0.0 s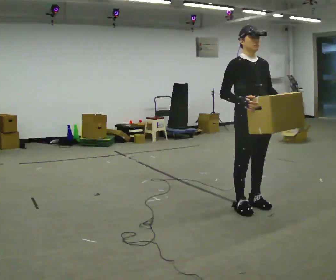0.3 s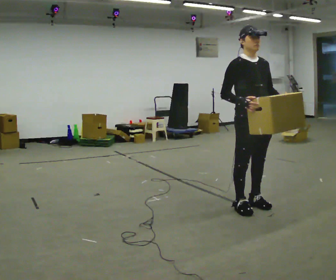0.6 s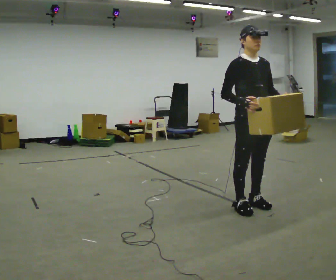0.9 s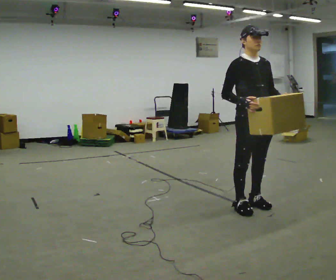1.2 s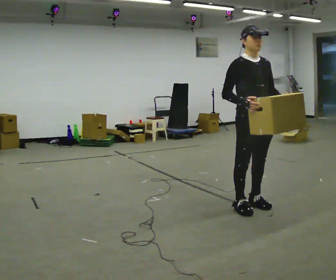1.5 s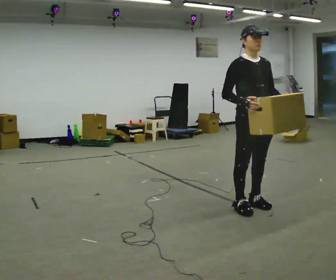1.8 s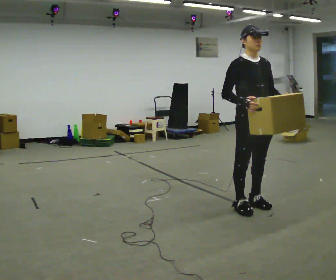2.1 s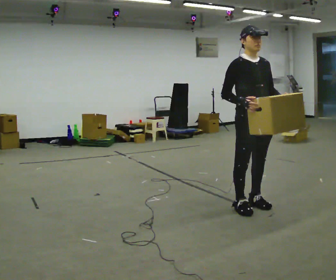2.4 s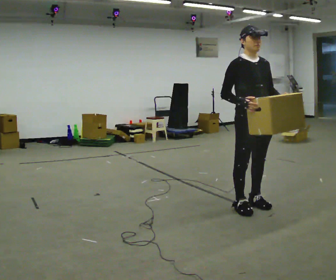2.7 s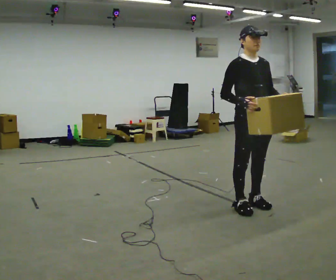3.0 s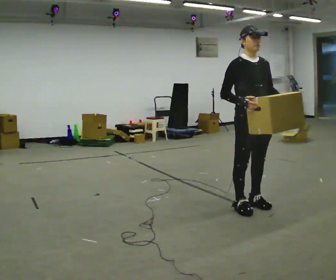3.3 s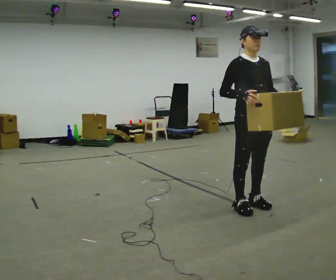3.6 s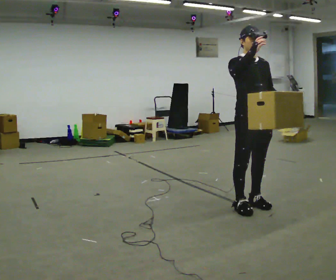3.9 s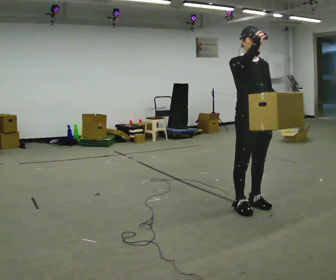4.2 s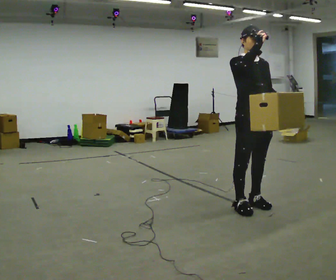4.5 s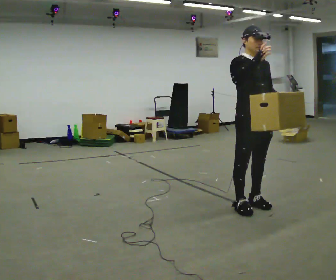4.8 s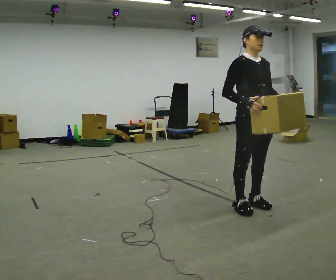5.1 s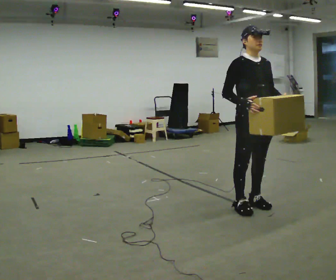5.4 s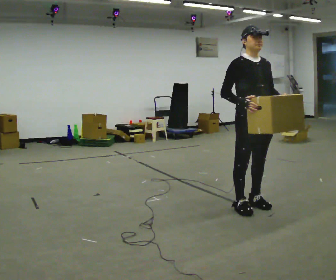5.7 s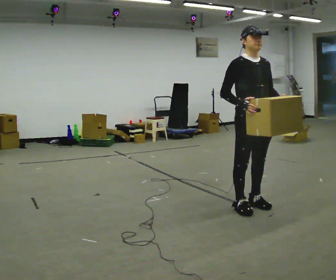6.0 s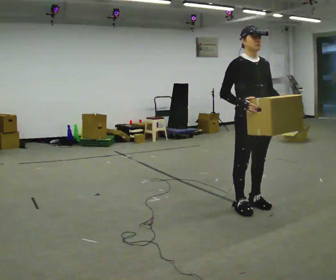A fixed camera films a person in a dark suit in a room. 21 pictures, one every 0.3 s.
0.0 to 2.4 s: The person keeps their place and pose.
2.4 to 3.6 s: In the picture their right hand goes upward.
3.6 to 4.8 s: In the picture their right hand goes downward.
4.8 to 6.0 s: The person moves a little, or ends about where they began.
The film runs forward here.
